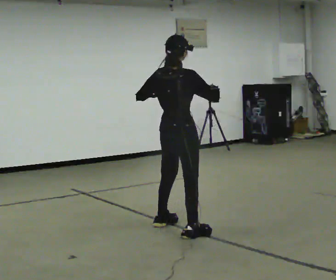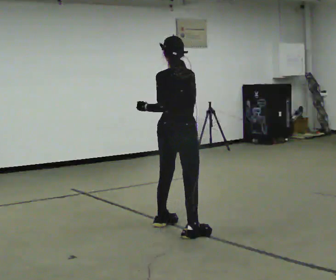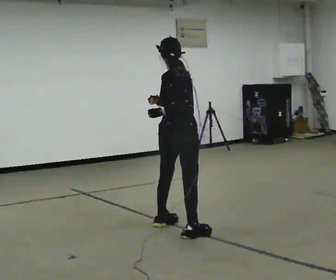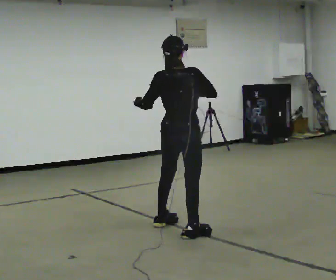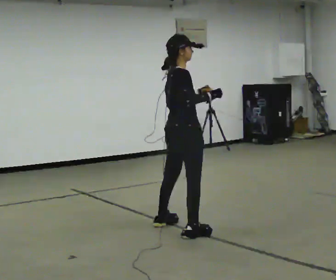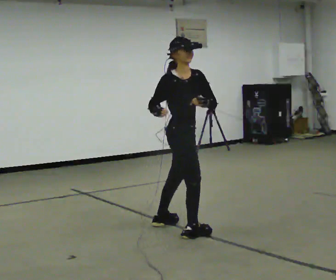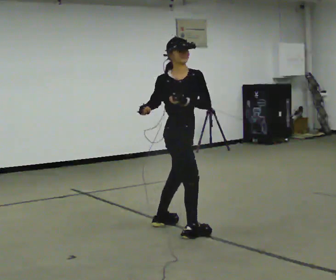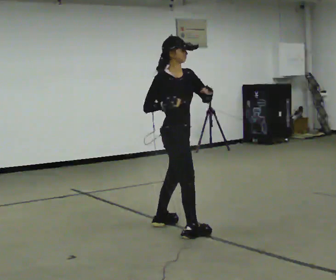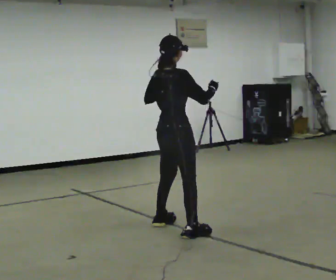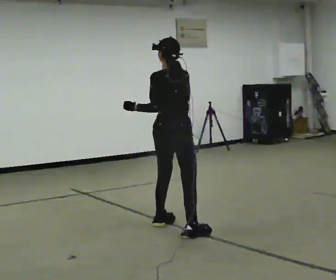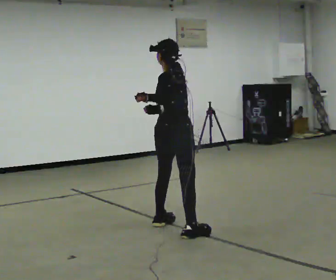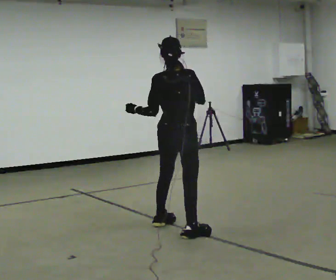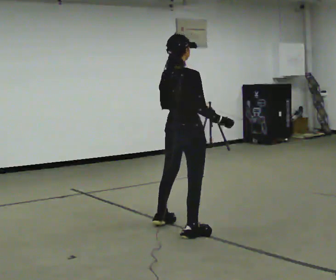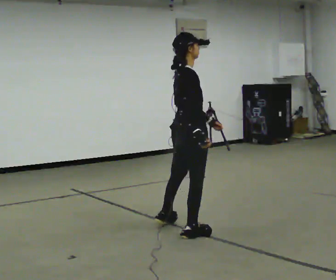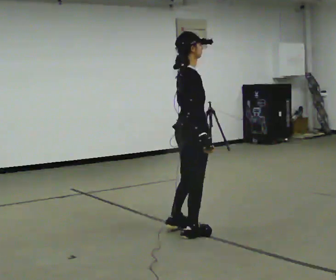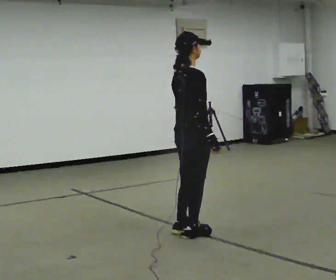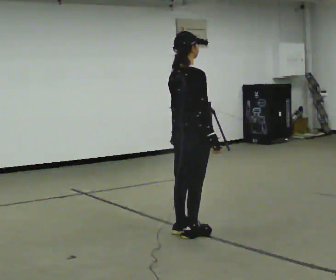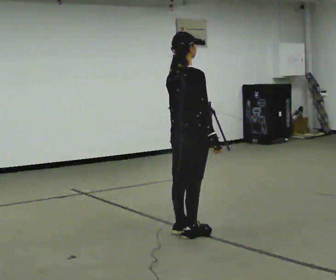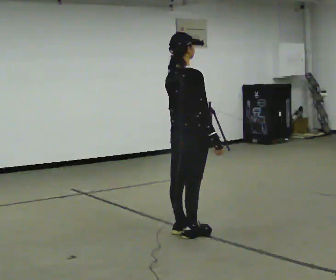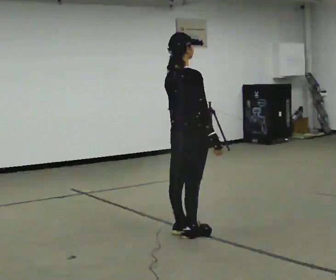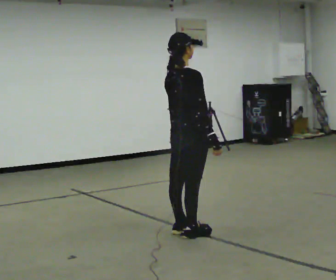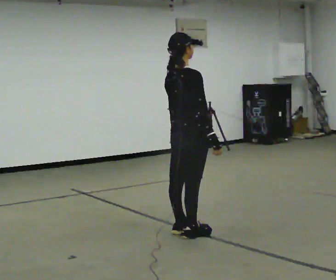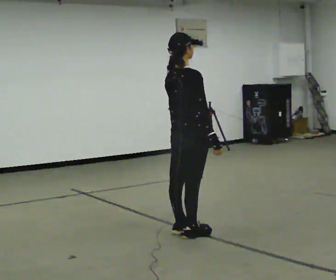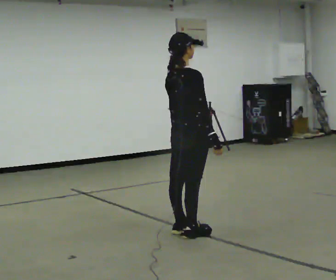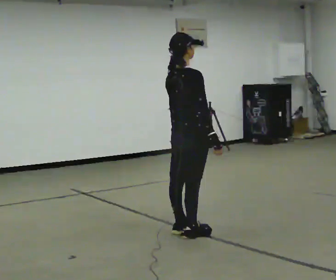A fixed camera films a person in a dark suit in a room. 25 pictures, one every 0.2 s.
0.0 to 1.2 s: The part of the body nearest the lens slides to the left as the person turns to their right by about 75 degrees. In the picture their right hand goes to the left.
1.2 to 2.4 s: Seen from above the body turns counterclockwise, about 90 degrees: to their left, with its near side sliding to the right. In the picture their right hand goes to the right.
2.4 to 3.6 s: The person moves a little, or ends about where they began.
3.6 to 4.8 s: The person keeps their place and pose.
The film runs backward here.
